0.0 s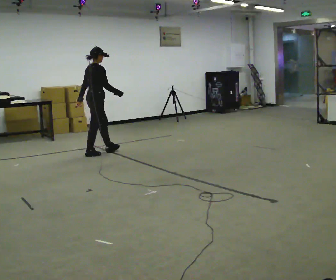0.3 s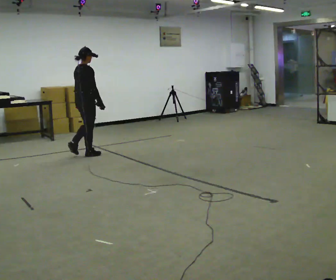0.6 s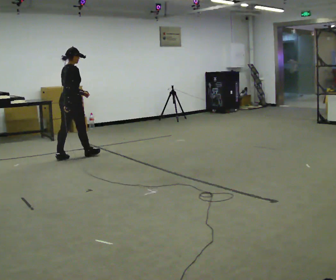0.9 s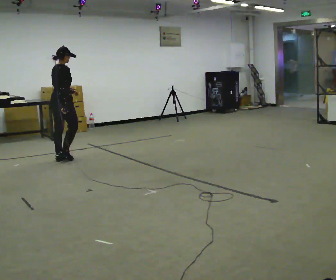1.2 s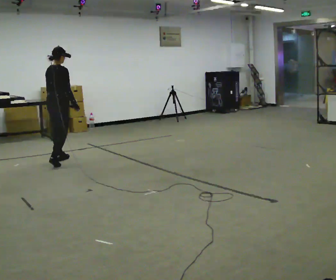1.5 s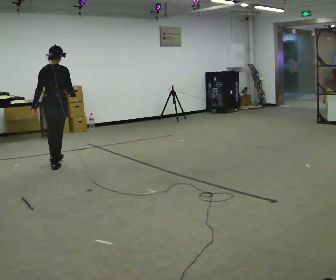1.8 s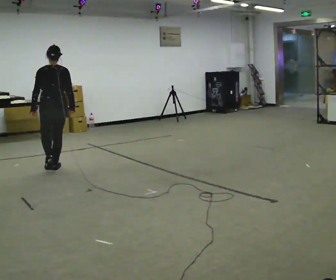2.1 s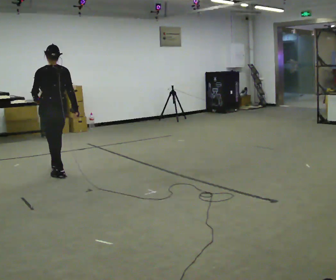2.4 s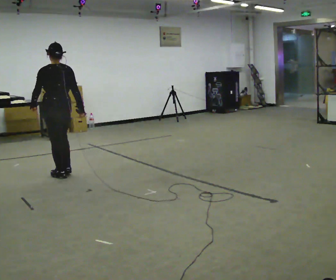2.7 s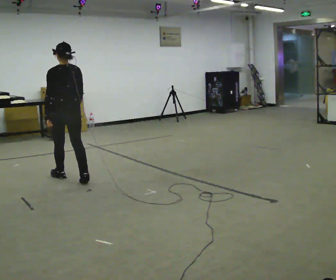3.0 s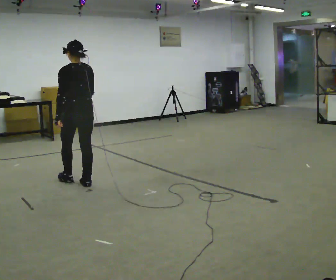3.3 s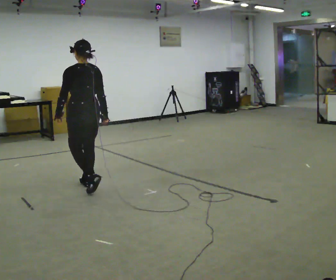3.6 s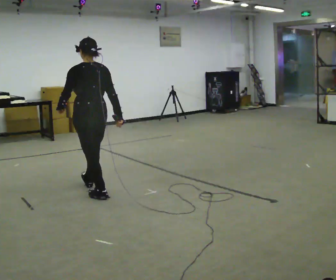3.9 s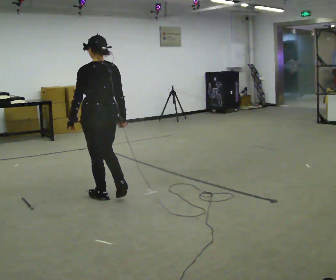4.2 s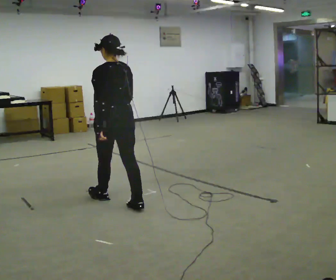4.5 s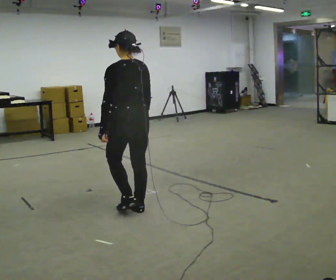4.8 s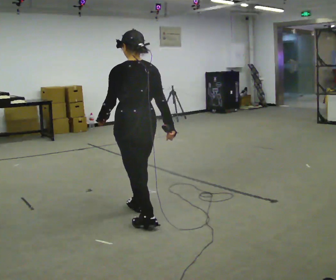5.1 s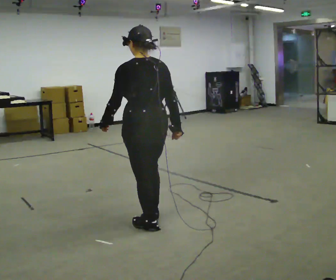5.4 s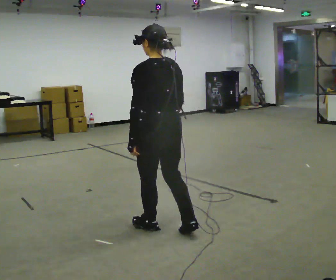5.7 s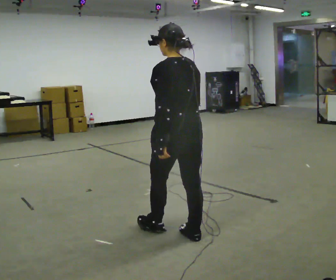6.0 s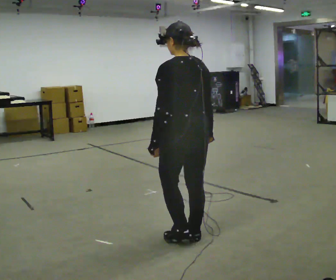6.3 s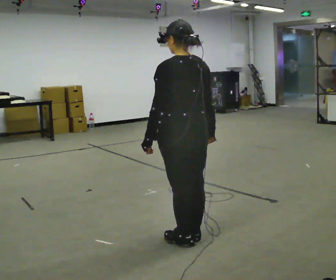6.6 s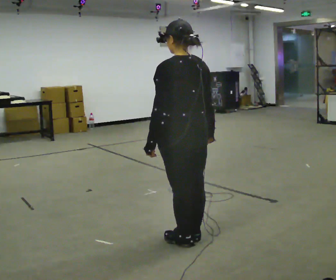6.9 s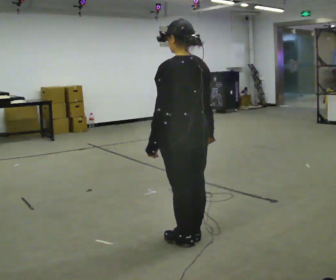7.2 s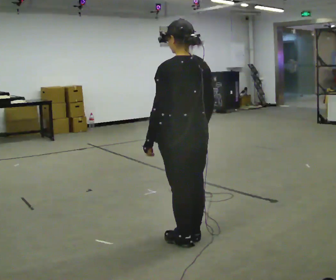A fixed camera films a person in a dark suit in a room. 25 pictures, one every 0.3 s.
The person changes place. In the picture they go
toward the camera.
0.0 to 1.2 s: Seen from above the body turns counterclockwise, about 30 degrees: to their left, with its near side sliding to the right. In the picture they go to the left and toward the camera, about 0.75 m in 1 step, which for them is backward.
1.2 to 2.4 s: The part of the body nearest the lens slides to the right as the person turns to their left by about 75 degrees. In the picture they go toward the camera, about 0.5 m in 2 steps.
2.4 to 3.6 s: In the picture they go toward the camera and to the right, about 1 m in 2 steps, which for them is backward.
3.6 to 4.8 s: In the picture they go toward the camera and to the right, about 1 m in 1 step, which for them is backward.
4.8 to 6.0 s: In the picture they go toward the camera and to the right, about 0.5 m in 2 steps, which for them is backward.
6.0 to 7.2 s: The person moves a little, or ends about where they began.
The film runs backward here.
